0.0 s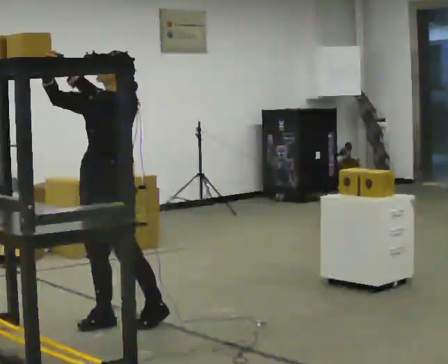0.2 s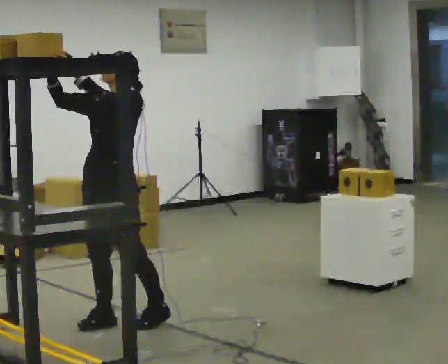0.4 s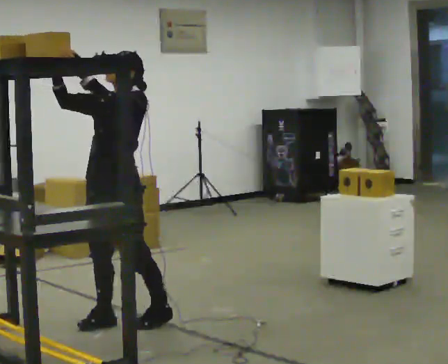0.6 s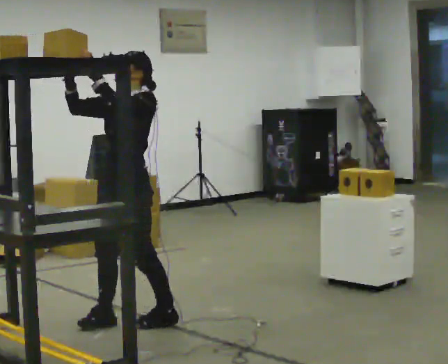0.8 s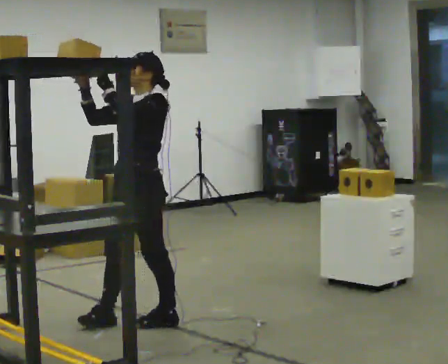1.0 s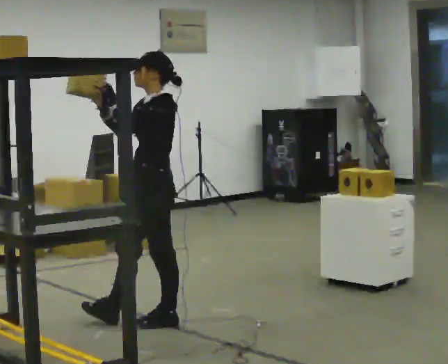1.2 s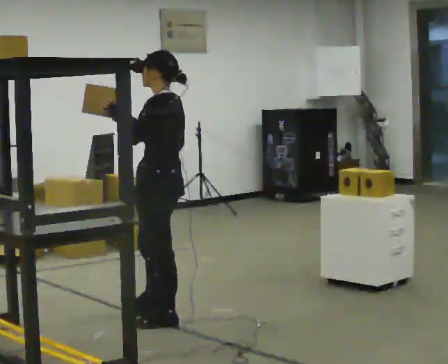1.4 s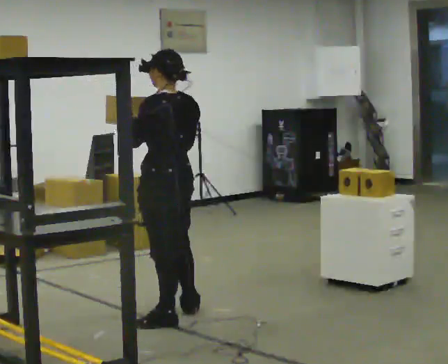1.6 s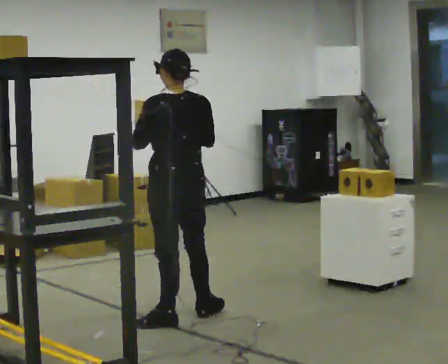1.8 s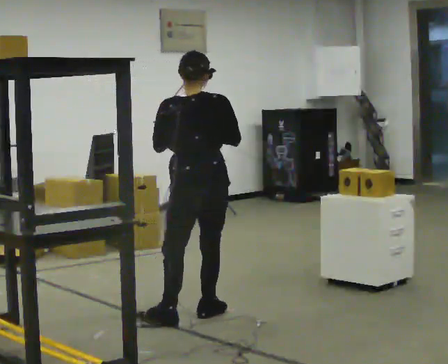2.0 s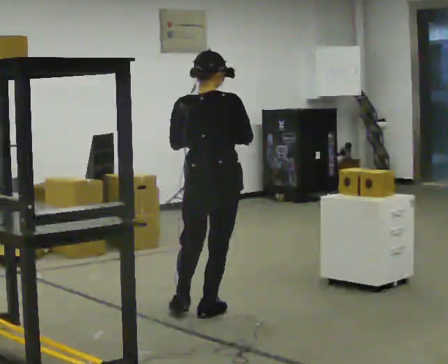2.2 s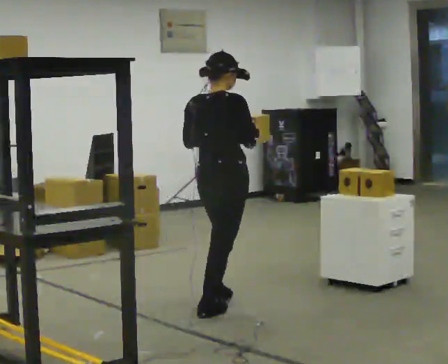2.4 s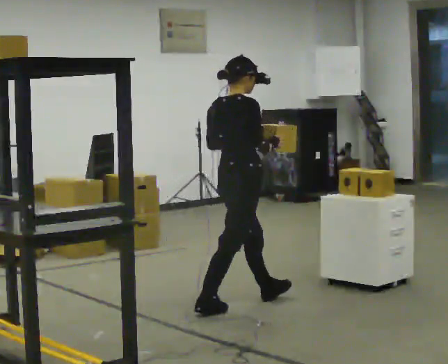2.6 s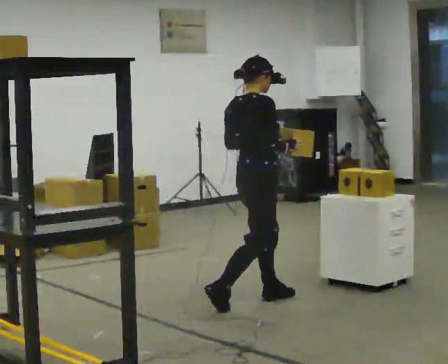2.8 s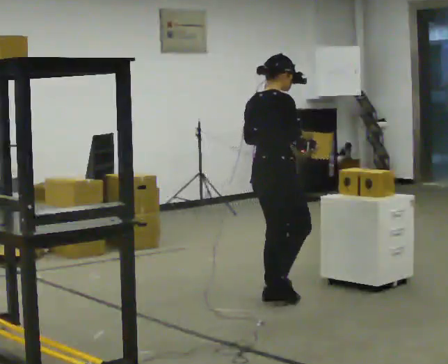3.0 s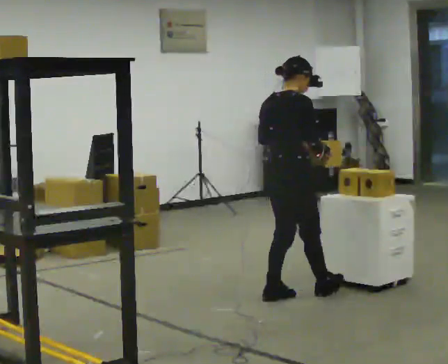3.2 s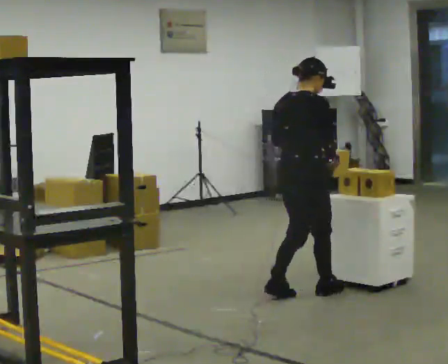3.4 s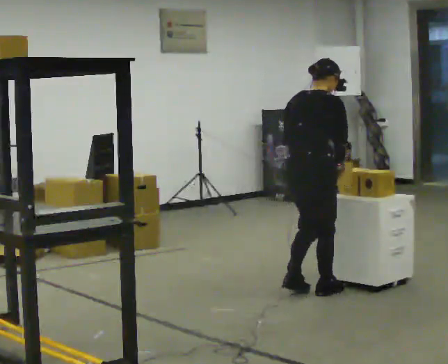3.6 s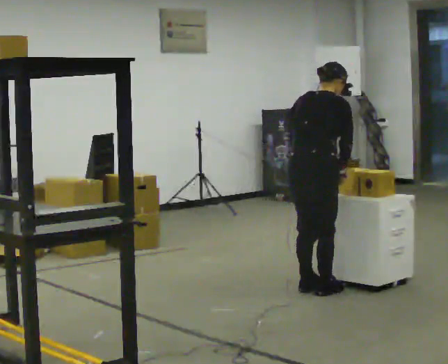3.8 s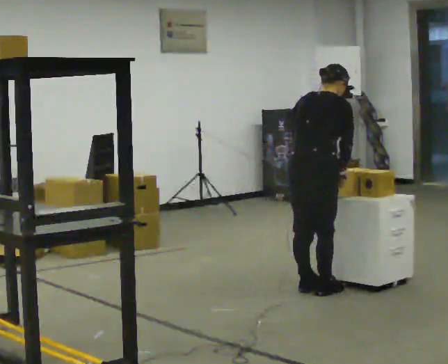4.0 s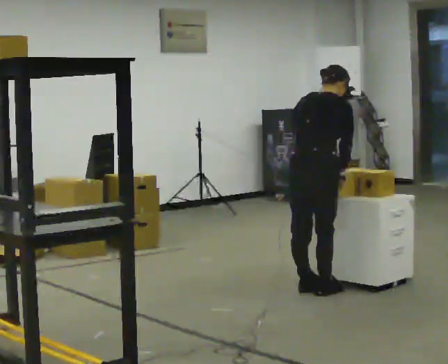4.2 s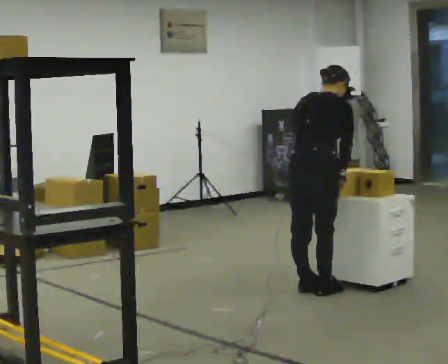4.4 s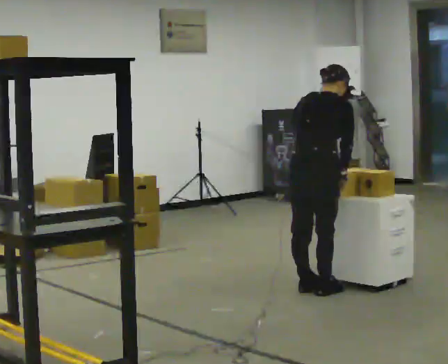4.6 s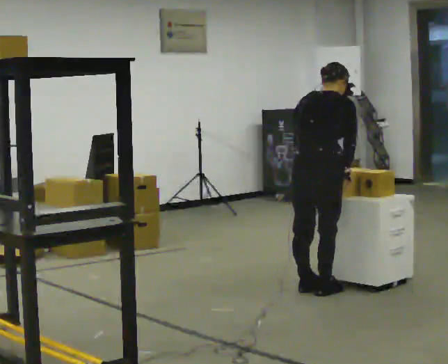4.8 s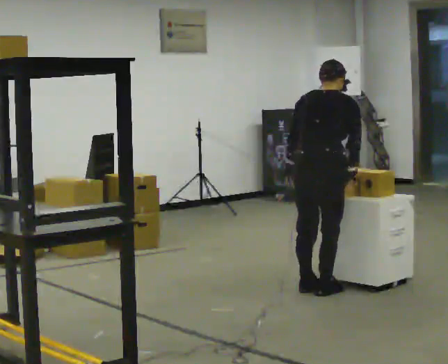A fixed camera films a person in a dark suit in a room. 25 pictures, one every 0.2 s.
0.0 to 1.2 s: The person turns about 60 degrees to their right, clockwise seen from above, so the part of the body nearest the lens slides to the left. In the picture they go to the right, about 0.25 m.
1.2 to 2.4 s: The part of the body nearest the lens slides to the left as the person turns to their right by about 135 degrees. In the picture they go to the right and away from the camera, about 0.5 m in 2 steps.
2.4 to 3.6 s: In the picture they go to the right and away from the camera, about 0.5 m in 2 steps, which for them is forward. The upper body tips away from the camera, its near side rolling upward, as they bend forward.
3.6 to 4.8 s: The person moves a little, or ends about where they began.
The film runs forward here.
